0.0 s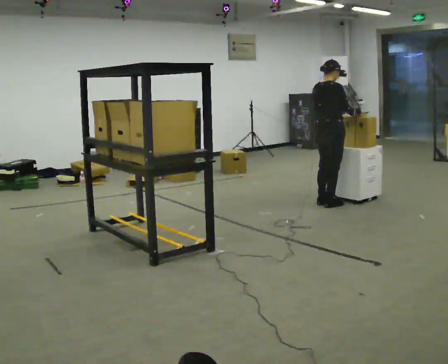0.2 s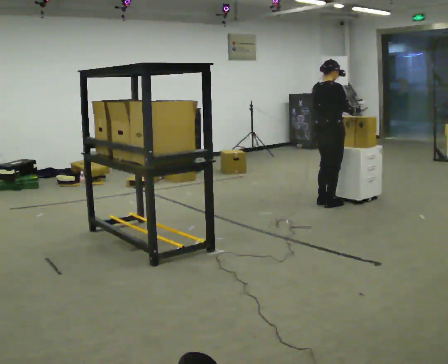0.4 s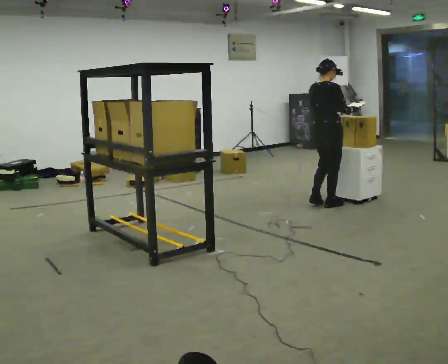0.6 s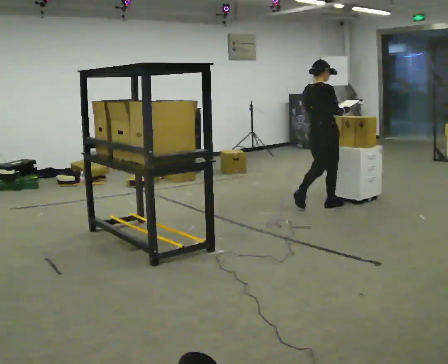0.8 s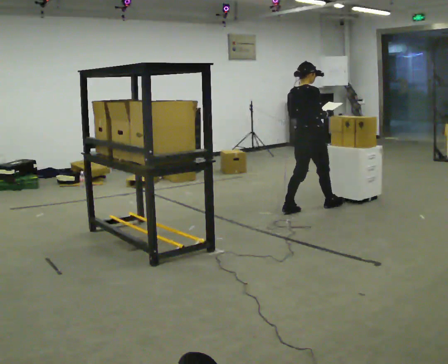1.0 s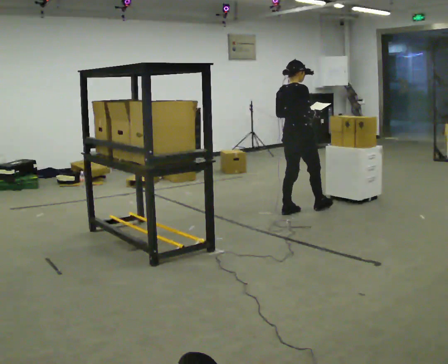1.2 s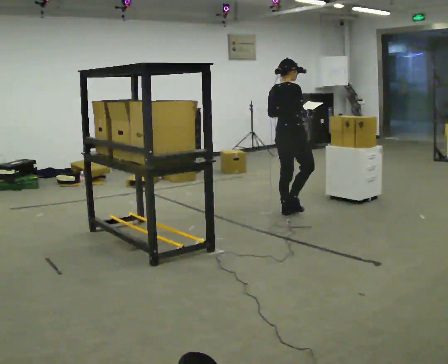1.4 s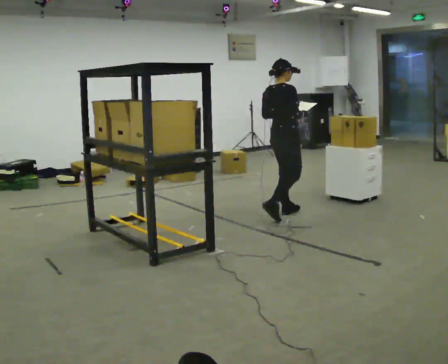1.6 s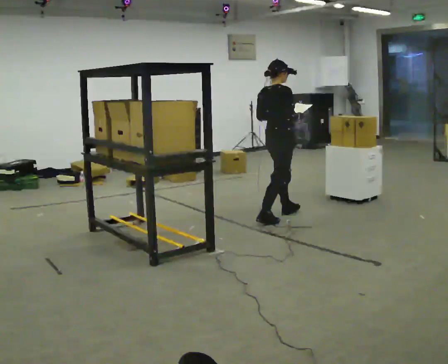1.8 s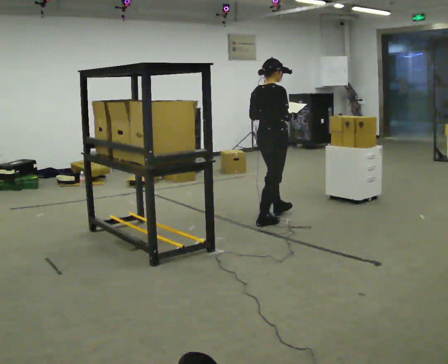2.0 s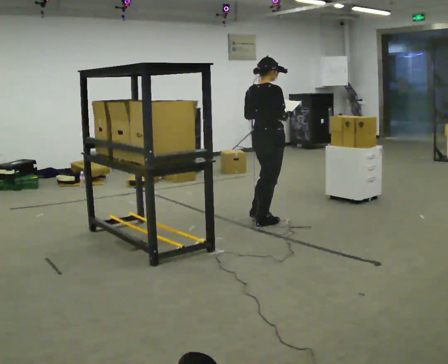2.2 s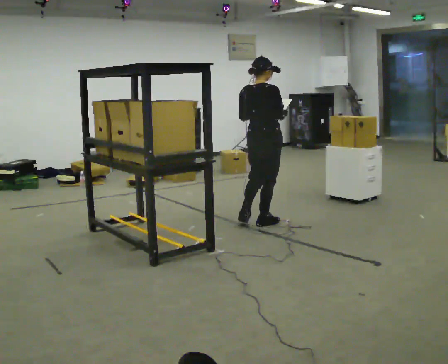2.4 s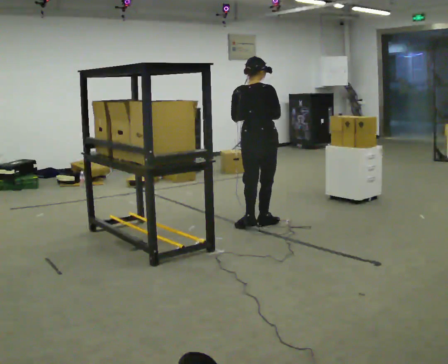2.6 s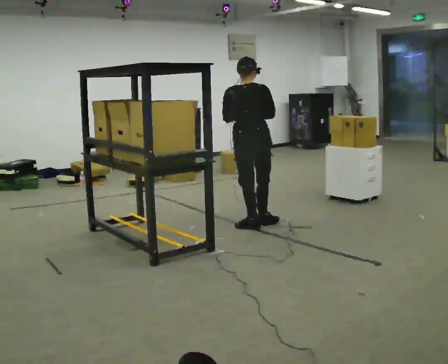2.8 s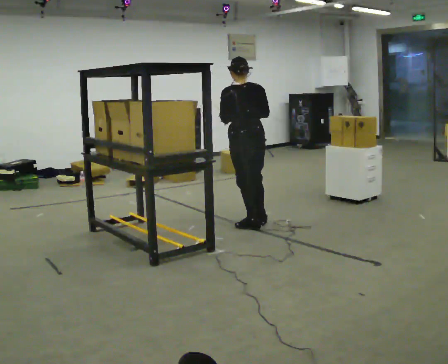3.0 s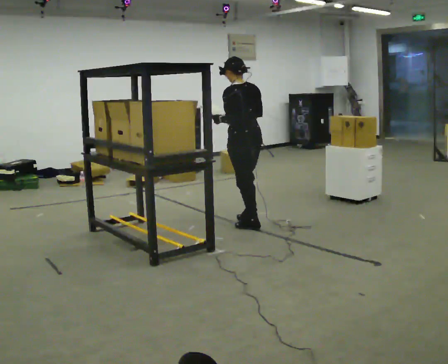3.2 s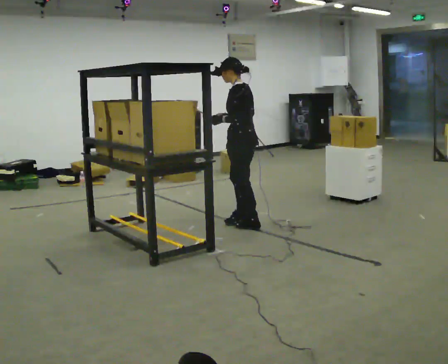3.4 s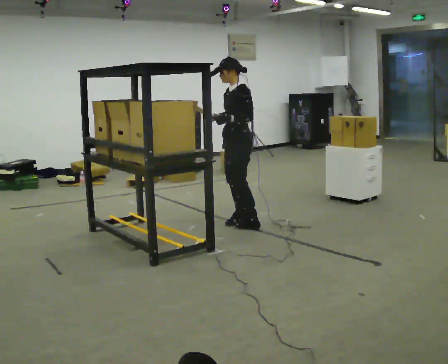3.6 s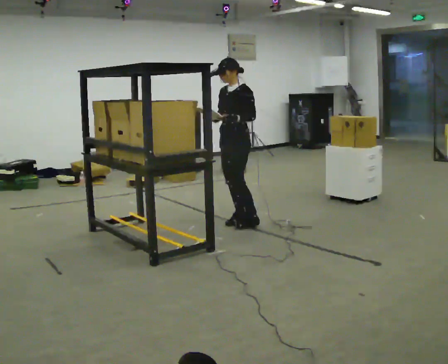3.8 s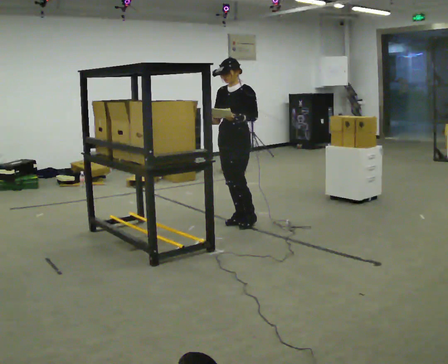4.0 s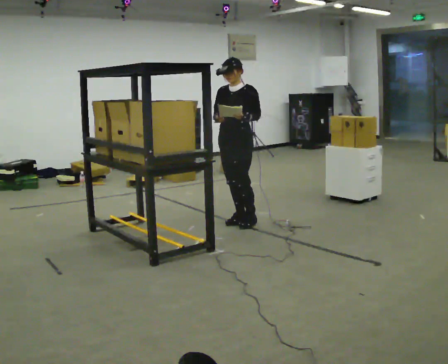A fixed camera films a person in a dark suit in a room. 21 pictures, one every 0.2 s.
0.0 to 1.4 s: In the picture they go to the left and toward the camera, about 0.5 m in 2 steps, which for them is backward.
1.4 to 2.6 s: The part of the body nearest the lens slides to the right as the person turns to their left by about 45 degrees. In the picture they go toward the camera and to the left, about 0.5 m in 1 step, which for them is backward.
2.6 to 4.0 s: The part of the body nearest the lens slides to the right as the person turns to their left by about 150 degrees. In the picture they go away from the camera, about 0.25 m in 2 steps. In the picture their right hand goes to the left.
The film runs backward here.
